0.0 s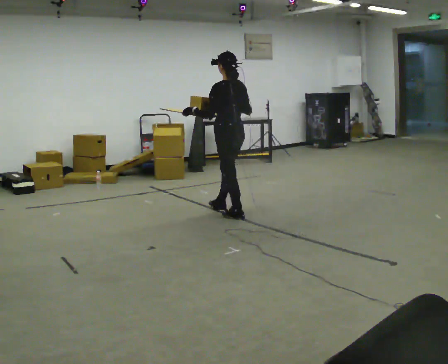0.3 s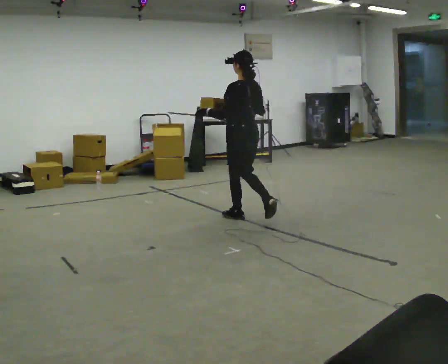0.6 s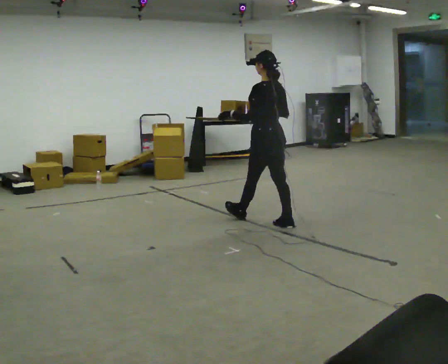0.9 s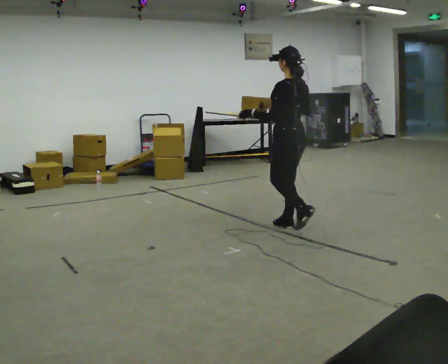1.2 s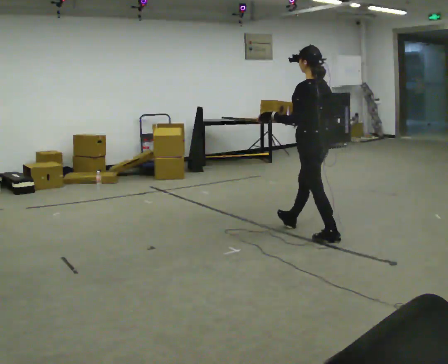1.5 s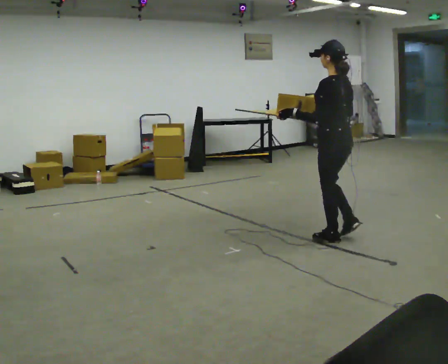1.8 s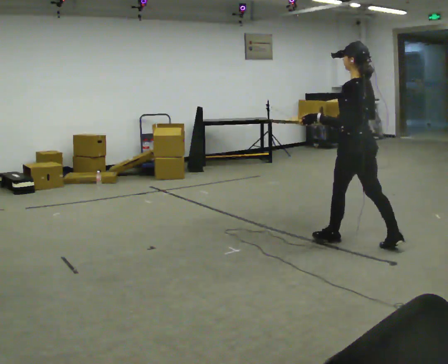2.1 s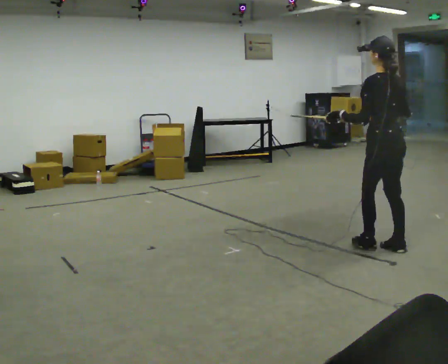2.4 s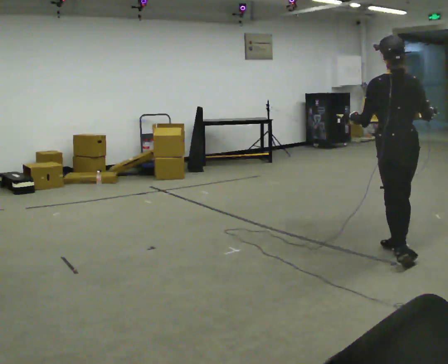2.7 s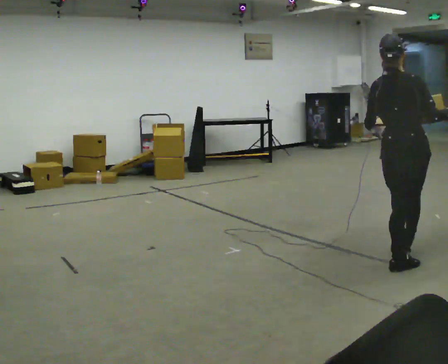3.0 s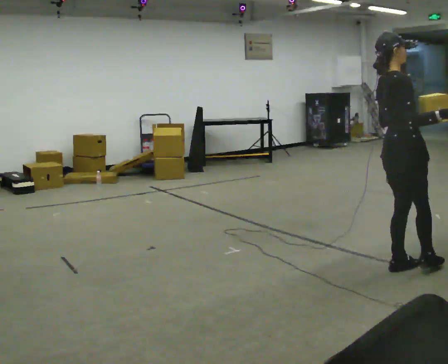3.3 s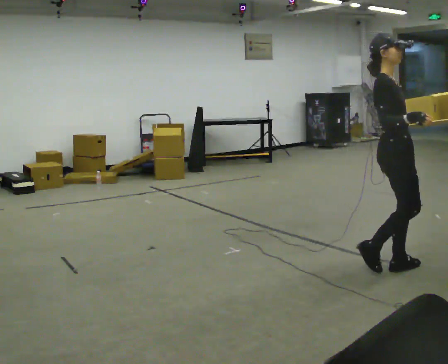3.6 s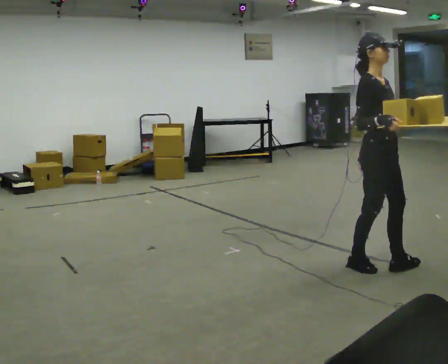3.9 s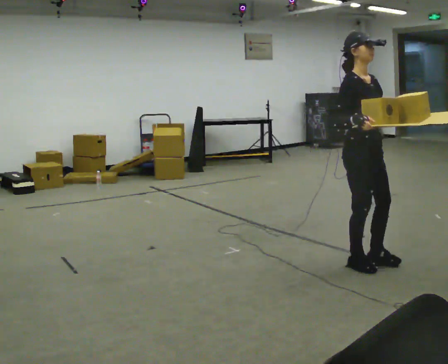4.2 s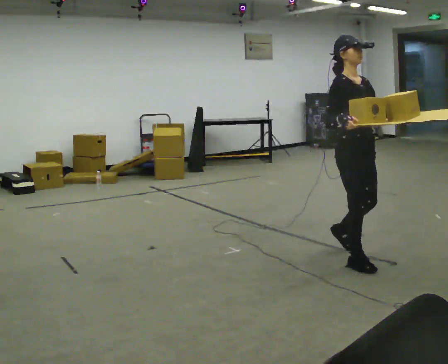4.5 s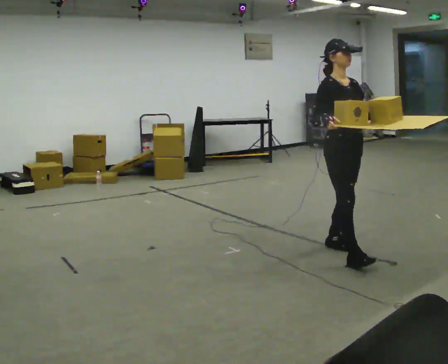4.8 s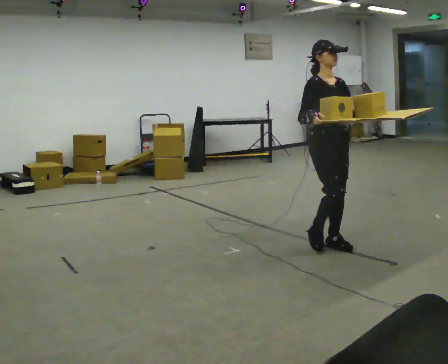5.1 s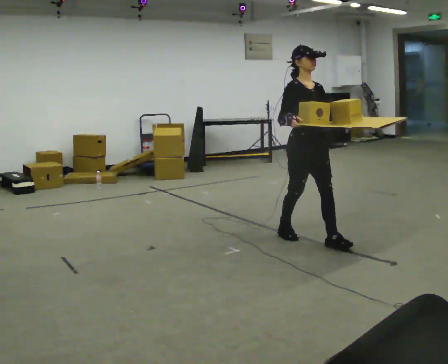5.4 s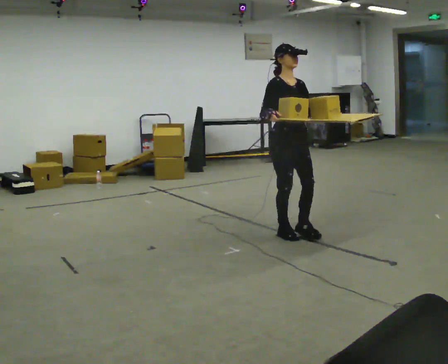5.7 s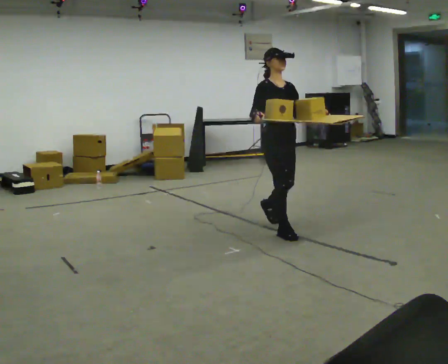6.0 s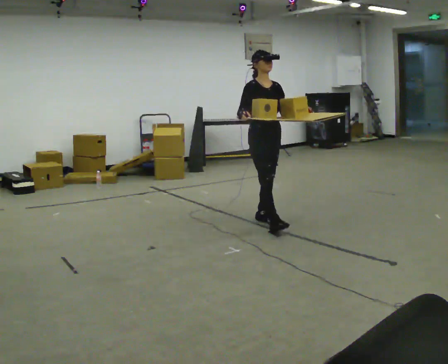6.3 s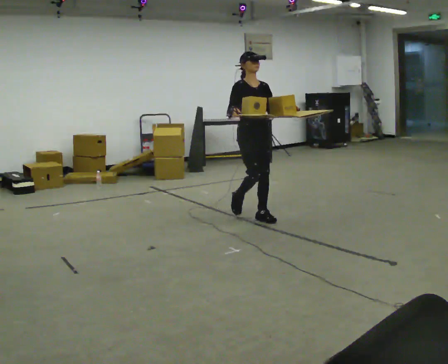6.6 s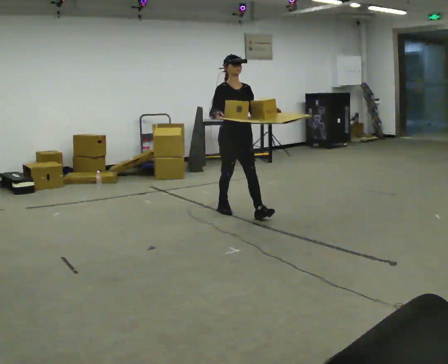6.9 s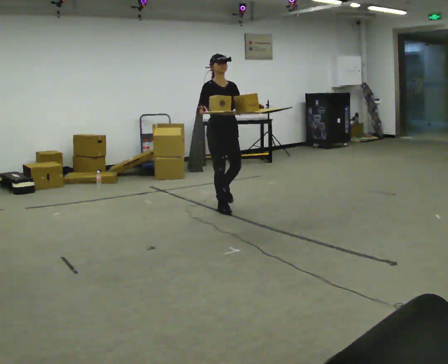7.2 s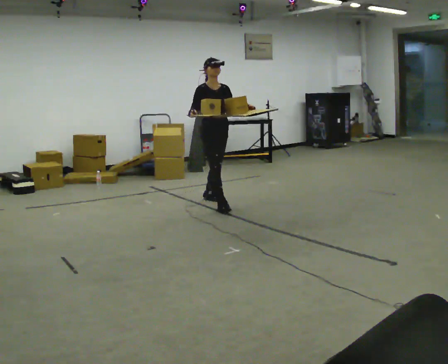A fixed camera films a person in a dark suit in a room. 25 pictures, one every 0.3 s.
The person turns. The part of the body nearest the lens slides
to the left.
The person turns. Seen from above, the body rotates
clockwise.
0.0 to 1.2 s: In the picture they go to the right and toward the camera, about 1 m in 2 steps, which for them is backward.
1.2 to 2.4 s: The person turns about 30 degrees to their right, clockwise seen from above, so the part of the body nearest the lens slides to the left. In the picture they go to the right and toward the camera, about 1 m in 1 step, which for them is backward.
2.4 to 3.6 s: The part of the body nearest the lens slides to the left as the person turns to their right by about 135 degrees. In the picture they go toward the camera, about 0.25 m in 1 step.
3.6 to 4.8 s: In the picture they go away from the camera and to the left, about 0.5 m in 2 steps, which for them is backward.
4.8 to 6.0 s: In the picture they go away from the camera and to the left, about 1 m in 2 steps, which for them is backward.
6.0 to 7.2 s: In the picture they go to the left and away from the camera, about 1 m in 1 step, which for them is backward.
The film runs backward here.
